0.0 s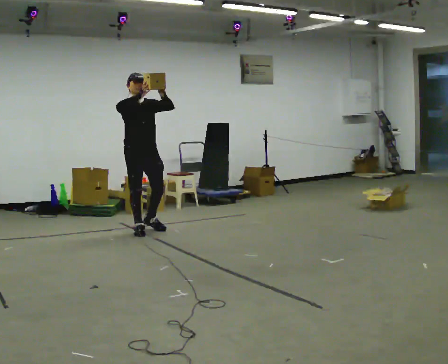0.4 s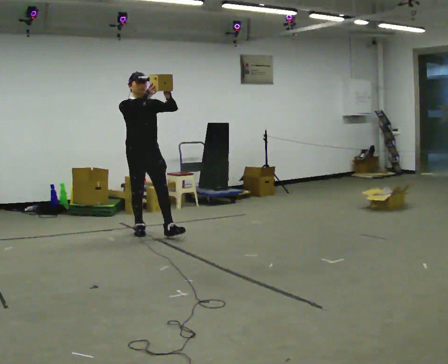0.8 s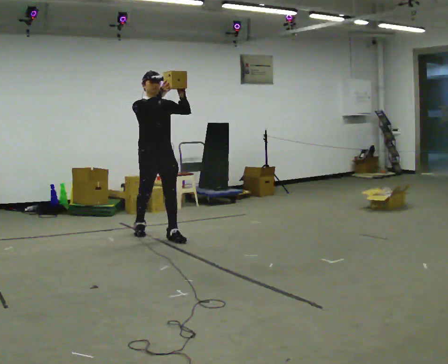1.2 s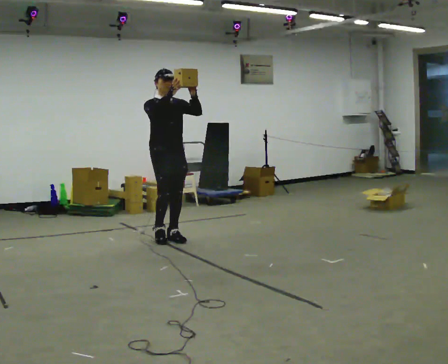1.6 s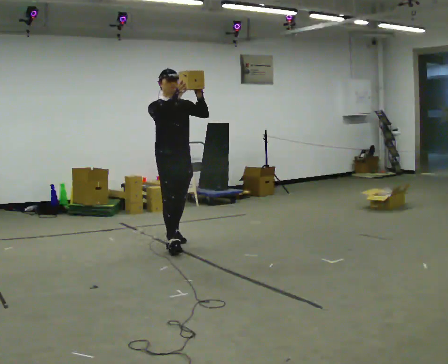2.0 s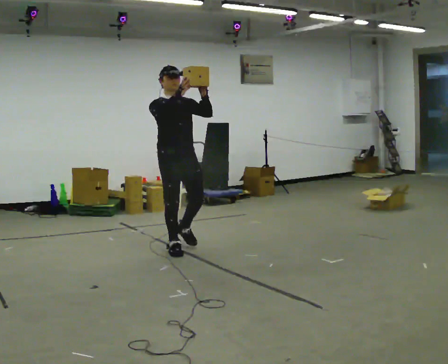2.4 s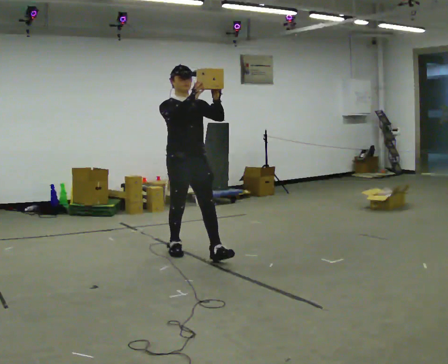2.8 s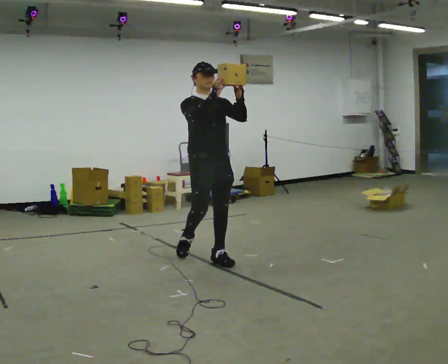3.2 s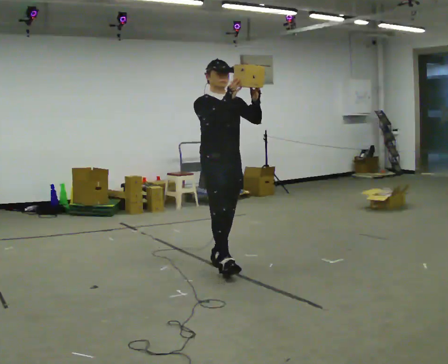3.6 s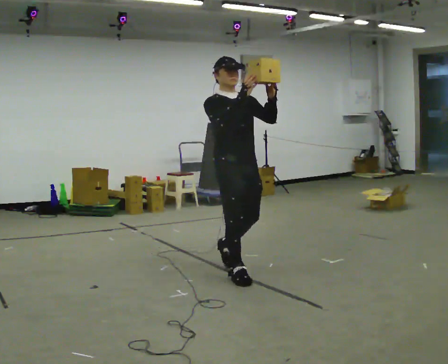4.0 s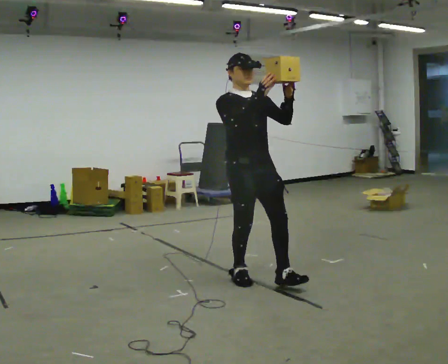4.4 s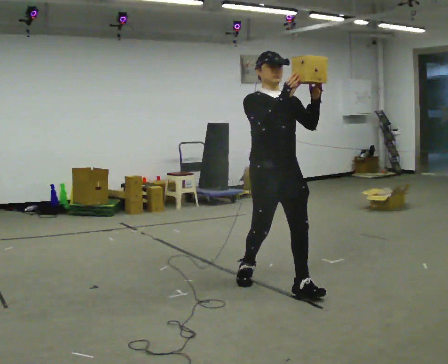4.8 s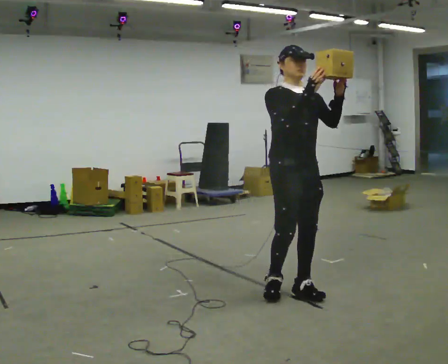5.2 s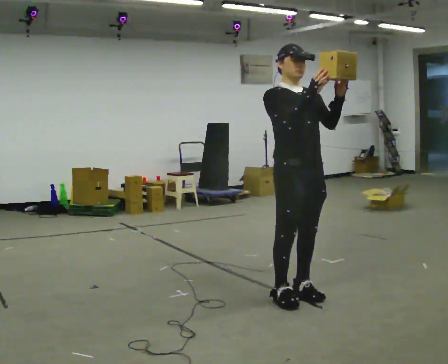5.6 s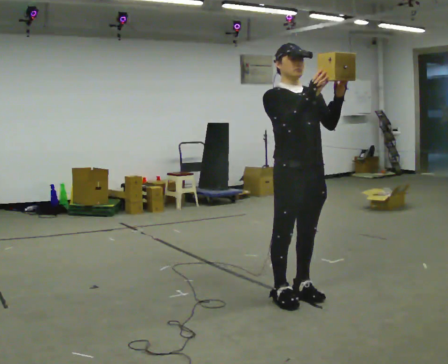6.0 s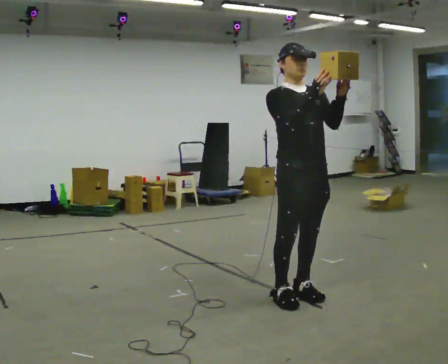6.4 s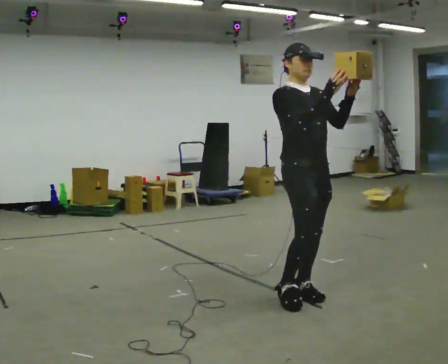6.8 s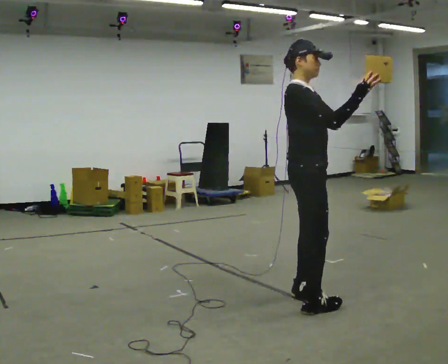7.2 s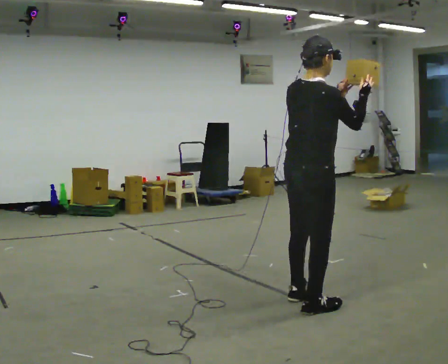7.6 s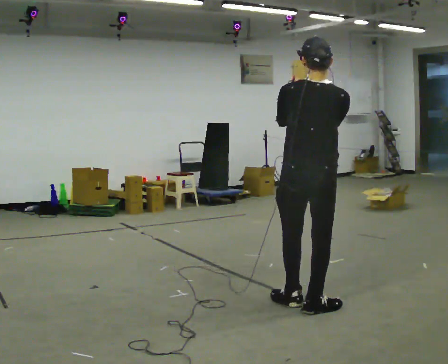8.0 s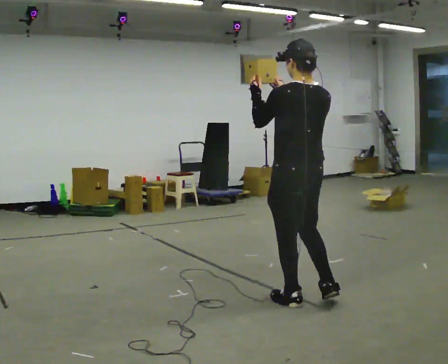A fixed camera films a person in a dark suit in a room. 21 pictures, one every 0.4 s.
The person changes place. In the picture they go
toward the camera.
0.0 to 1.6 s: In the picture they go toward the camera and to the right, about 0.5 m in 2 steps, which for them is forward.
1.6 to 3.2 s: In the picture they go toward the camera and to the right, about 1 m in 1 step, which for them is forward.
3.2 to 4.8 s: In the picture they go toward the camera and to the right, about 1 m in 2 steps, which for them is forward.
4.8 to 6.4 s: The person moves a little, or ends about where they began.
6.4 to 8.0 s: The person turns about 165 degrees to their left, counterclockwise seen from above, so the part of the body nearest the lens slides to the right. In the picture their right hand goes to the left.
The film runs forward here.
